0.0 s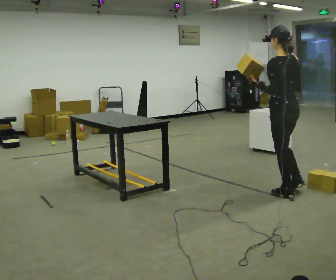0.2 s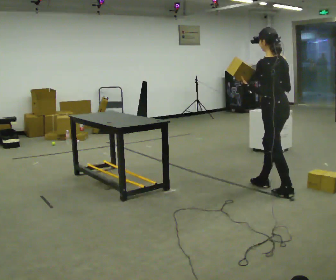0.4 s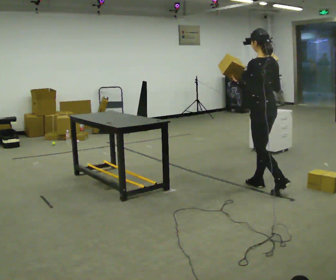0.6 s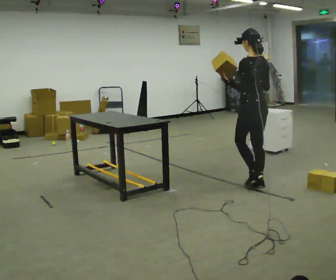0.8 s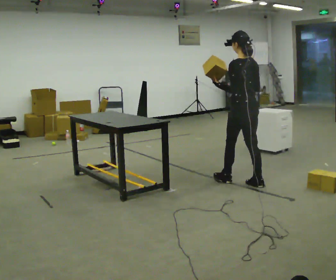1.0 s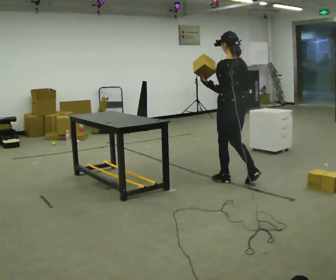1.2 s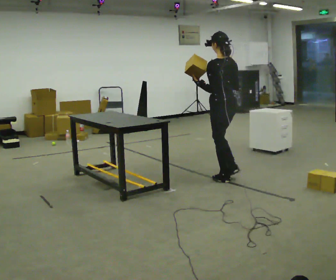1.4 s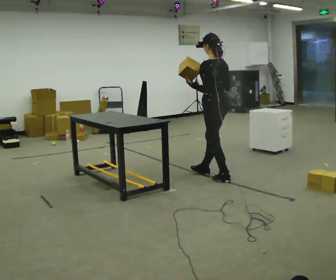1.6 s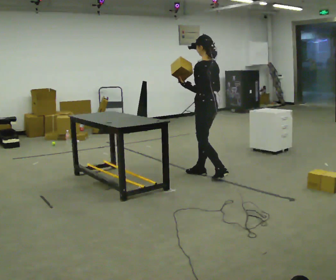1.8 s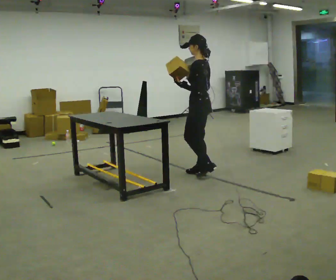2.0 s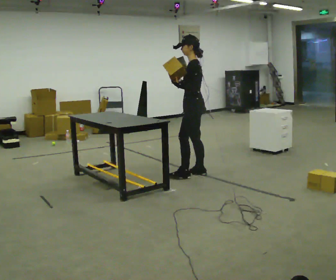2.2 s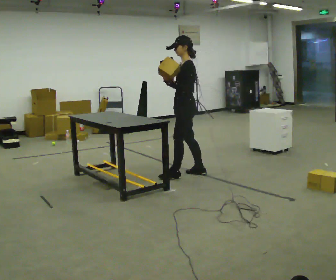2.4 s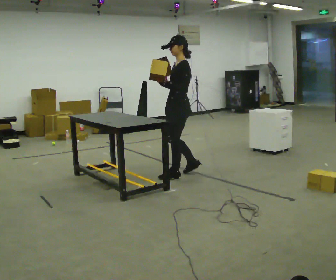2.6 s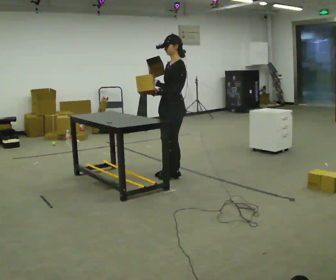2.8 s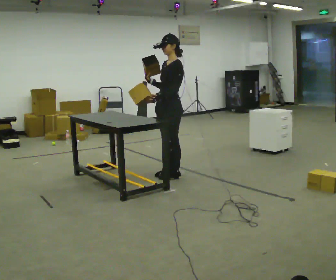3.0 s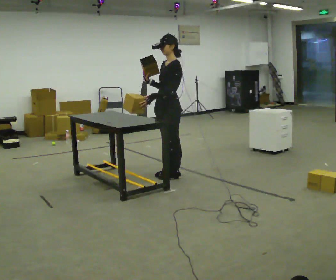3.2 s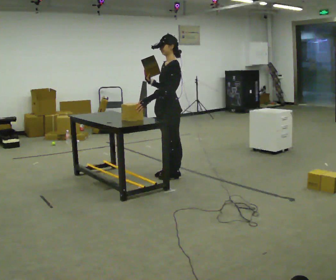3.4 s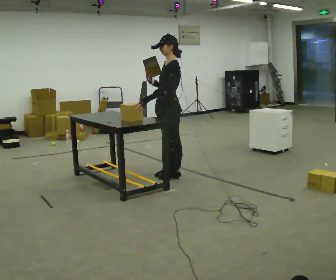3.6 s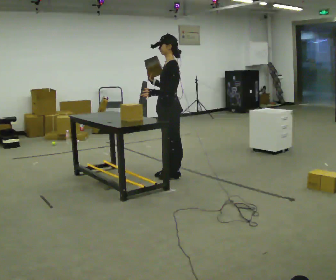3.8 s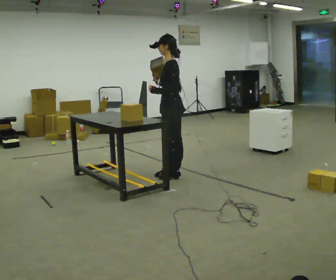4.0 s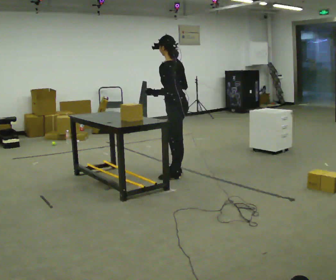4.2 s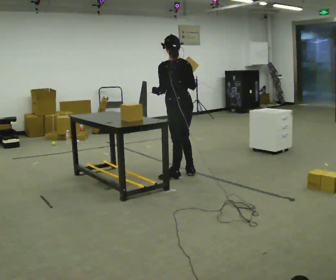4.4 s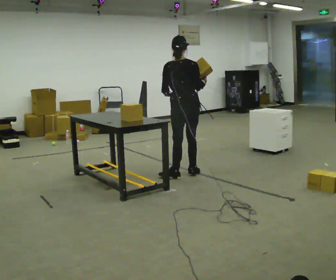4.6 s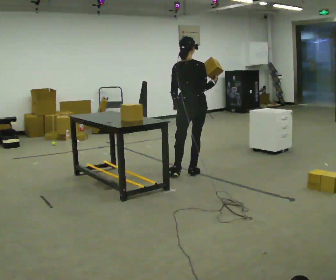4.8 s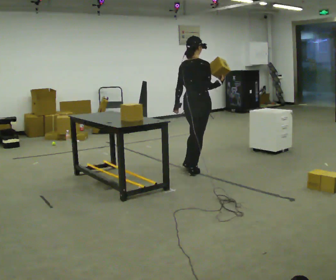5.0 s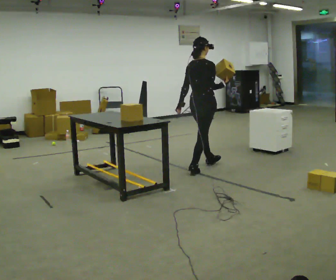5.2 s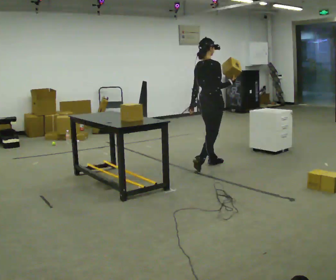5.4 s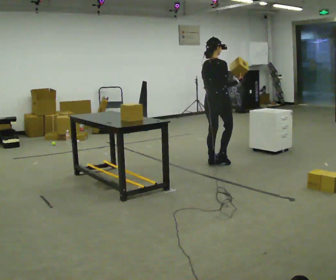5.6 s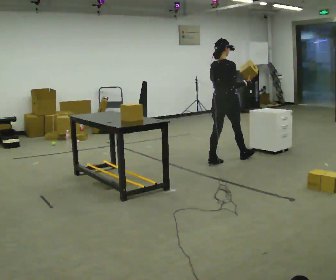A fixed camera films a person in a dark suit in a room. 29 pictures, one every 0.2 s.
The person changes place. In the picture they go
away from the camera.
0.0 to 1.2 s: In the picture they go away from the camera and to the left, about 1 m in 2 steps, which for them is forward.
1.2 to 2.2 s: The person turns about 60 degrees to their left, counterclockwise seen from above, so the part of the body nearest the lens slides to the right. In the picture they go to the left and away from the camera, about 0.5 m in 2 steps, which for them is forward.
2.2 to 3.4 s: In the picture they go to the left, about 0.25 m in 1 step, which for them is forward.
3.4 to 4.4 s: Seen from above the body turns clockwise, about 90 degrees: to their right, with its near side sliding to the left. In the picture they go to the right, about 0.25 m in 1 step. In the picture their right hand goes to the right.
4.4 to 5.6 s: The person turns about 60 degrees to their right, clockwise seen from above, so the part of the body nearest the lens slides to the left. In the picture they go away from the camera and to the right, about 0.5 m in 1 step.
The film runs forward here.
